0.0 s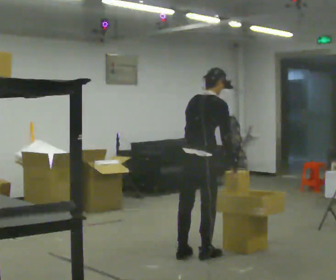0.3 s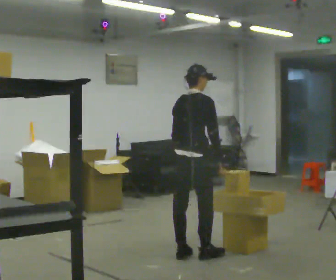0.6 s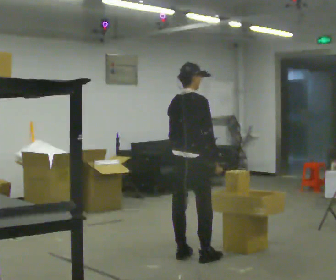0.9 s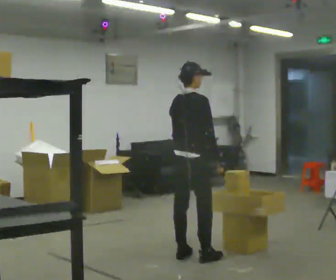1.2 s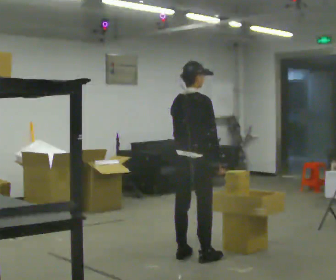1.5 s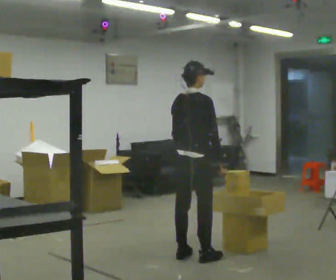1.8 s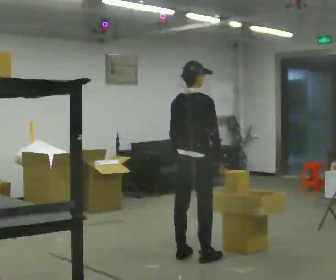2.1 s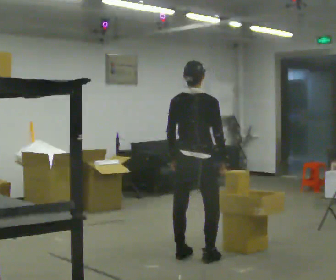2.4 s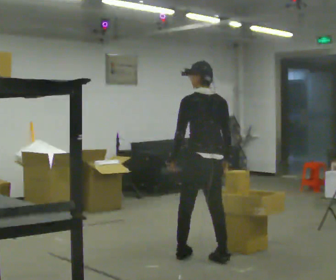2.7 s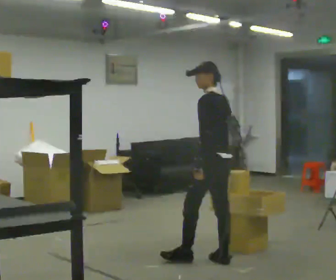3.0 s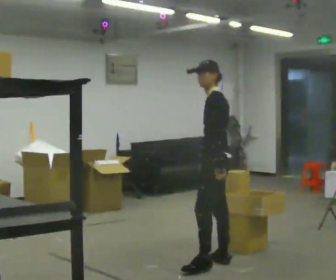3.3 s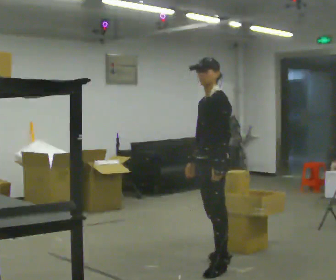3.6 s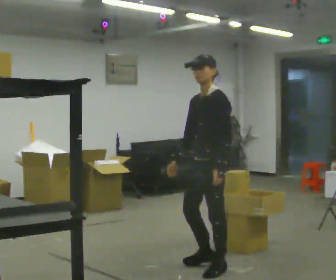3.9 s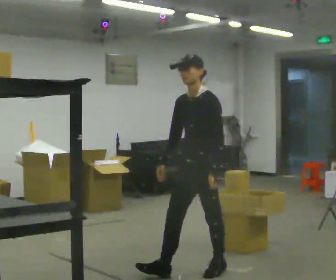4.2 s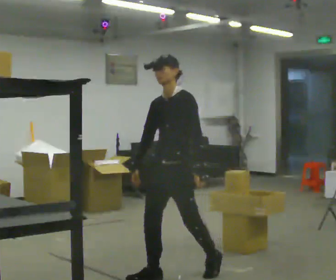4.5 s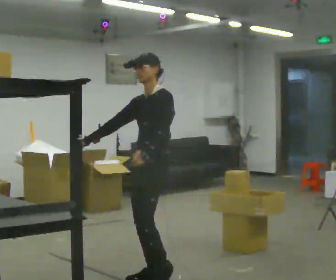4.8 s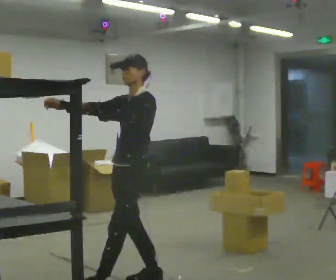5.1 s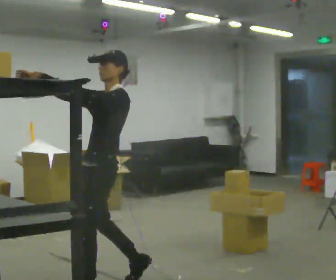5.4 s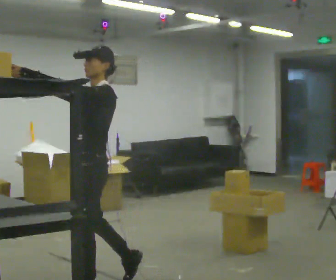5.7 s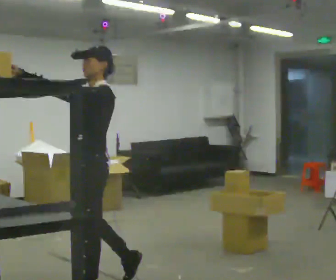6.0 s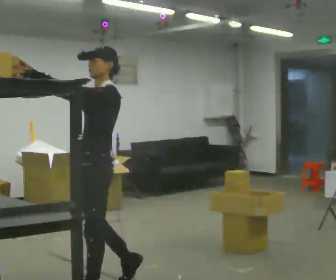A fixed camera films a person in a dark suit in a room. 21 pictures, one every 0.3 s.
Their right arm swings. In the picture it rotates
clockwise.
The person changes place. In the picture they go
toward the camera.
0.0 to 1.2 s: The person moves a little, or ends about where they began.
1.2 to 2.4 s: Seen from above the body turns counterclockwise, about 75 degrees: to their left, with its near side sliding to the right. In the picture they go to the right, about 0.25 m in 1 step.
2.4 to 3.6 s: Seen from above the body turns counterclockwise, about 90 degrees: to their left, with its near side sliding to the right. In the picture they go toward the camera, about 0.5 m in 1 step.
3.6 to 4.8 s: In the picture they go to the left and toward the camera, about 0.5 m in 1 step, which for them is forward. In the picture their right hand goes upward, the arm swinging clockwise.
4.8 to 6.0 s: In the picture they go toward the camera, about 0.25 m in 2 steps, which for them is forward and to their left.
The film runs forward here.
